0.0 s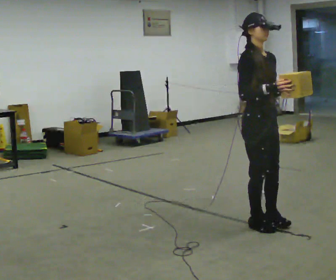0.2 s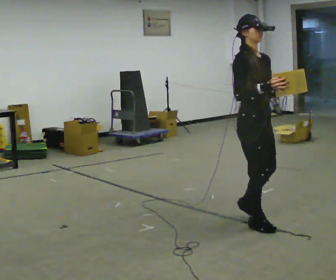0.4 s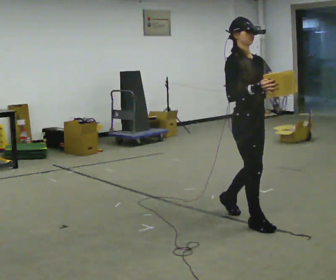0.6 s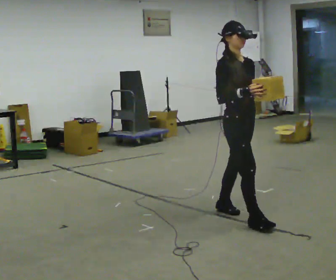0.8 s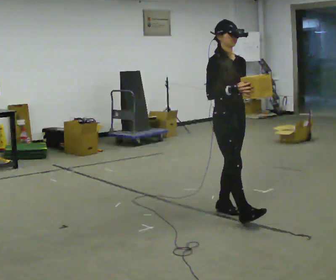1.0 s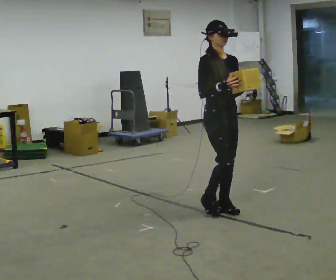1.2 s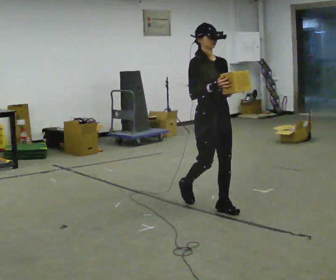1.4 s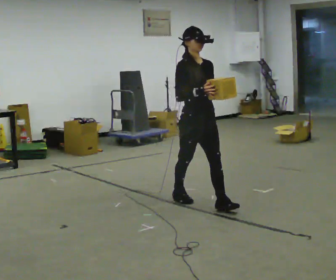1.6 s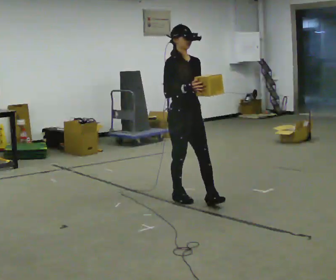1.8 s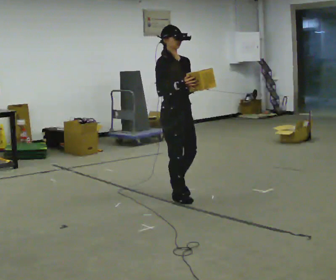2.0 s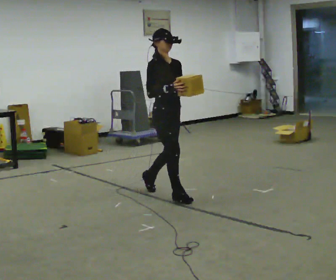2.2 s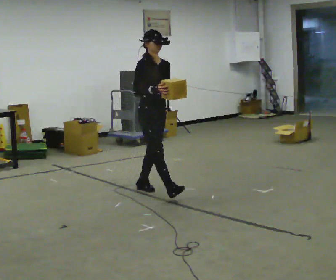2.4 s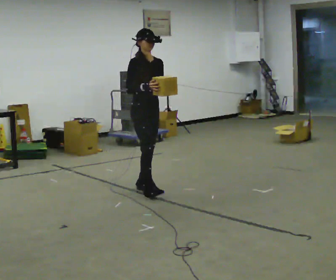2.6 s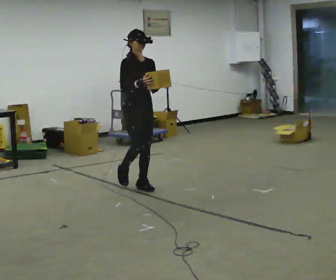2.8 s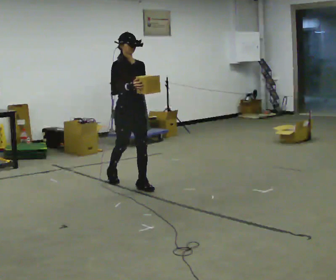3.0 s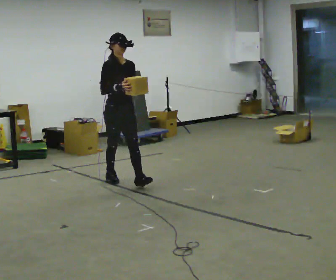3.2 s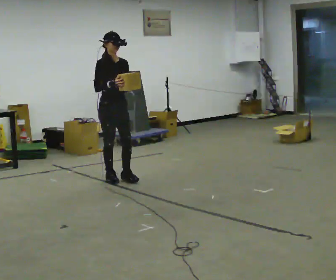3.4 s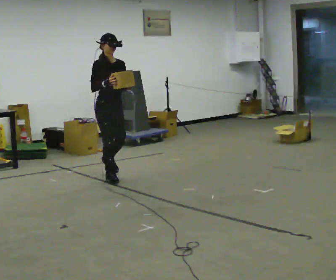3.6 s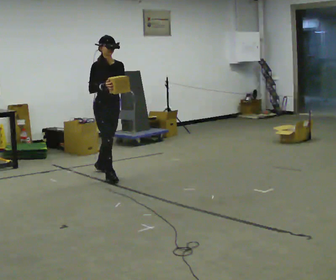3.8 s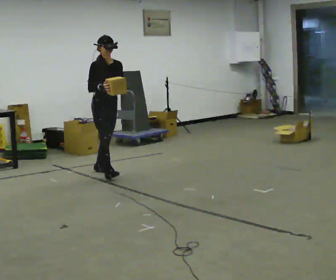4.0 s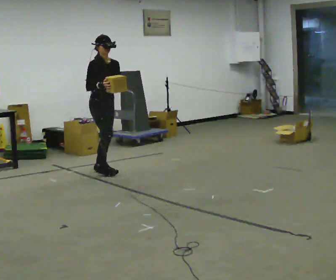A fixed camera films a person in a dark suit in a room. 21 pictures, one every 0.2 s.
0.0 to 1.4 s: In the picture they go away from the camera and to the left, about 1 m in 1 step, which for them is backward.
1.4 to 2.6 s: In the picture they go away from the camera and to the left, about 1 m in 2 steps, which for them is backward.
2.6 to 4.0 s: In the picture they go away from the camera and to the left, about 1 m in 2 steps, which for them is backward.
The film runs backward here.
